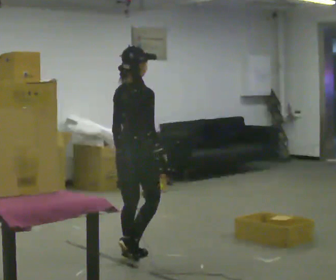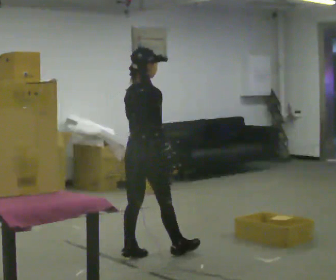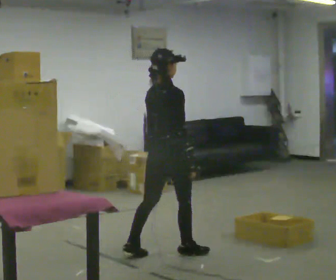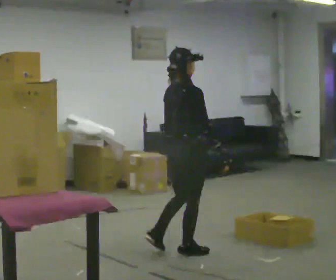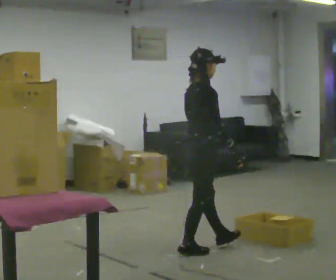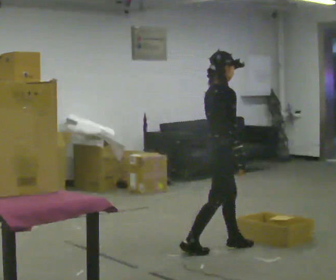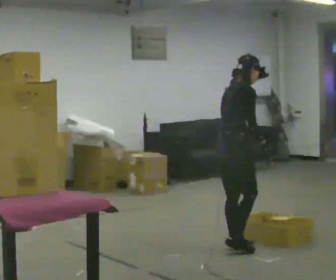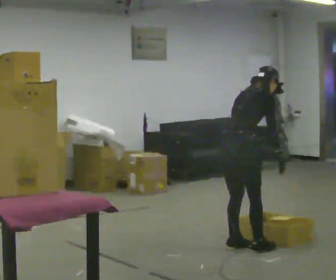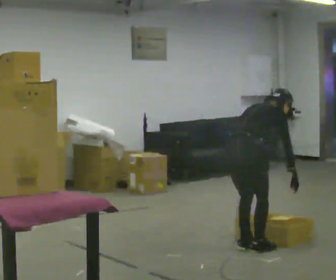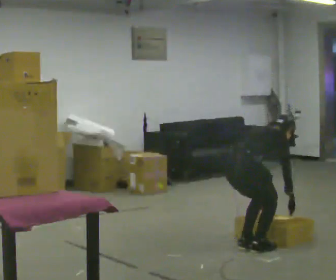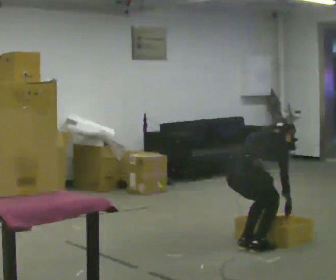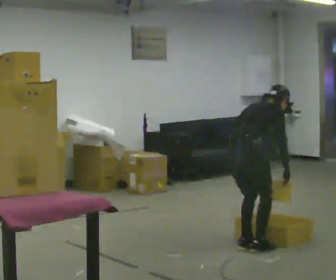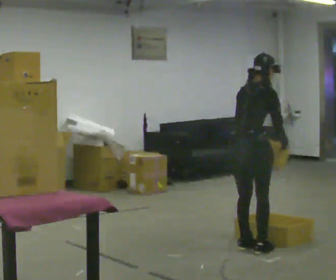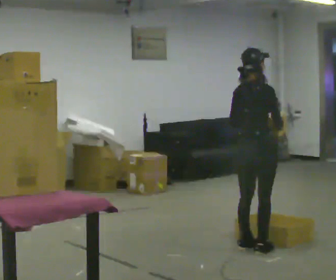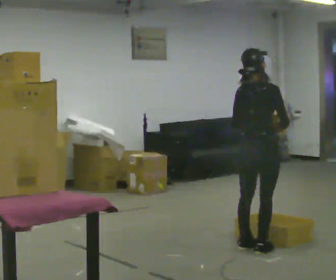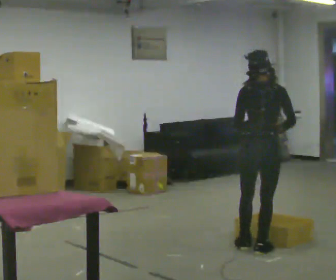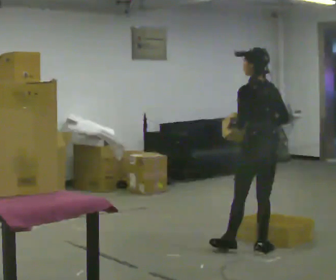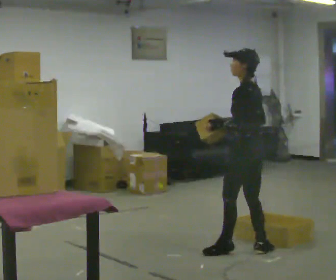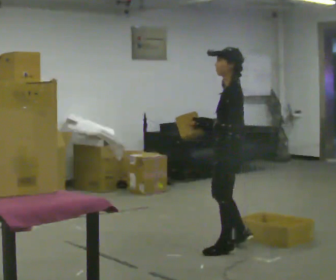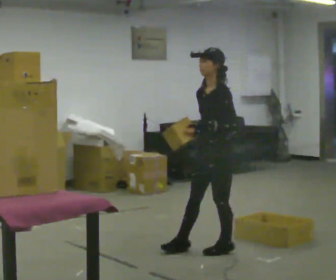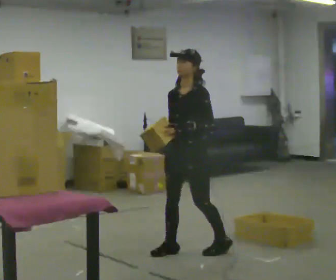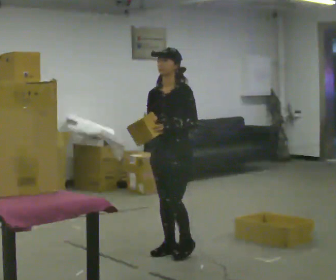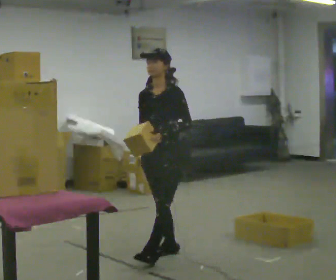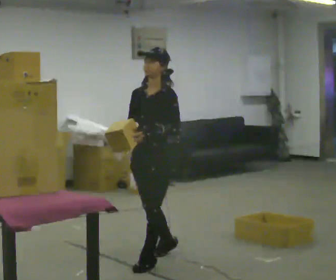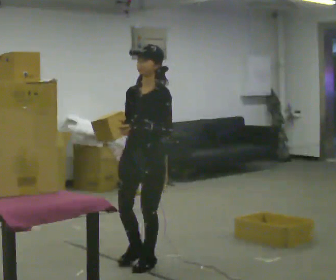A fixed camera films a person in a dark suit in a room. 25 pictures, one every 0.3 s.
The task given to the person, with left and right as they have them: Take an object from the lowest shelf, carry it across the room, and place it on the highest shelf you can comfortably reach. Keep going until the operator says stop; one object at a time, and do not rush between trips.
0.0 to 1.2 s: The part of the body nearest the lens slides to the left as the person turns to their right by about 30 degrees. In the picture they go to the right and away from the camera, about 0.5 m in 1 step, which for them is forward.
1.2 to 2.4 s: In the picture they go to the right, about 0.25 m in 2 steps, which for them is forward. The upper body goes downward. The upper body tips away from the camera, its near side rolling upward, as they bend forward.
2.4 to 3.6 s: The person moves a little, or ends about where they began.
3.6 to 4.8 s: The person turns about 75 degrees to their left, counterclockwise seen from above, so the part of the body nearest the lens slides to the right.
4.8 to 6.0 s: The part of the body nearest the lens slides to the right as the person turns to their left by about 105 degrees. In the picture they go to the left, about 0.5 m in 2 steps.
6.0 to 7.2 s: In the picture they go toward the camera and to the left, about 0.5 m in 1 step, which for them is forward.
The film runs forward here.
